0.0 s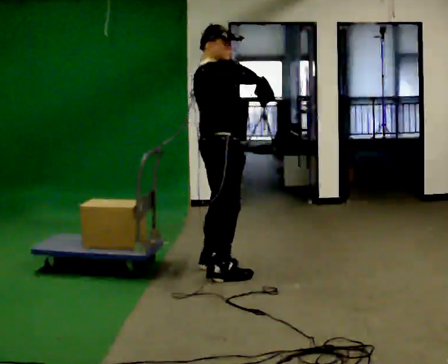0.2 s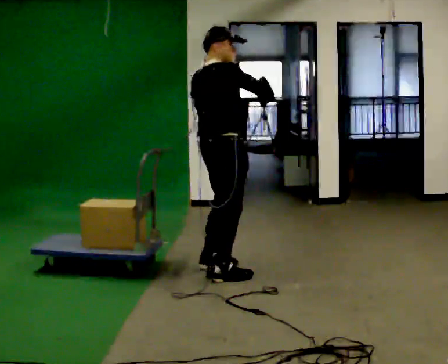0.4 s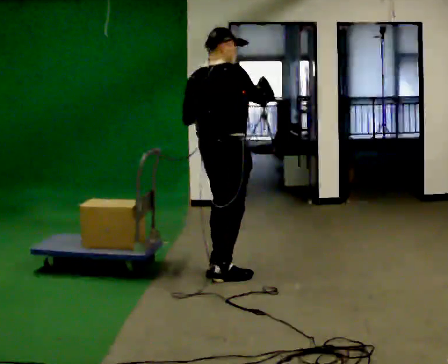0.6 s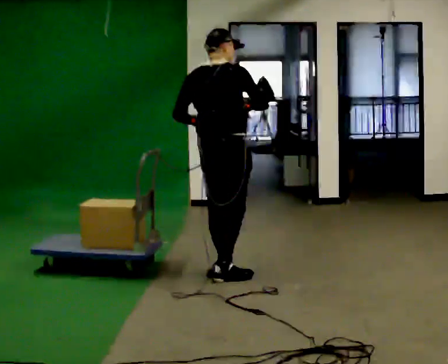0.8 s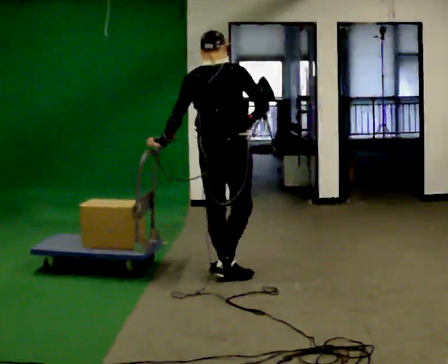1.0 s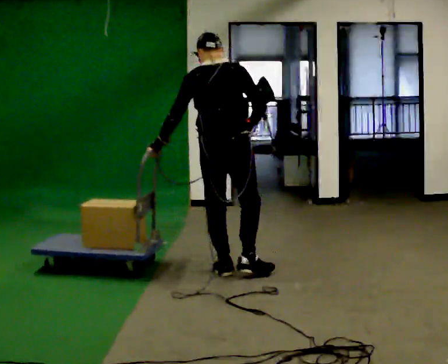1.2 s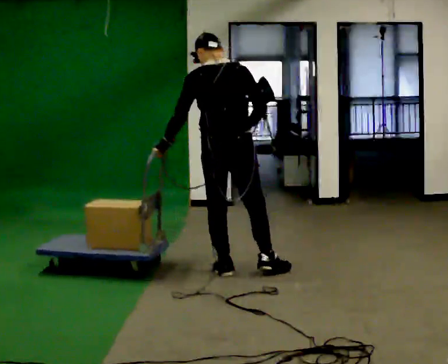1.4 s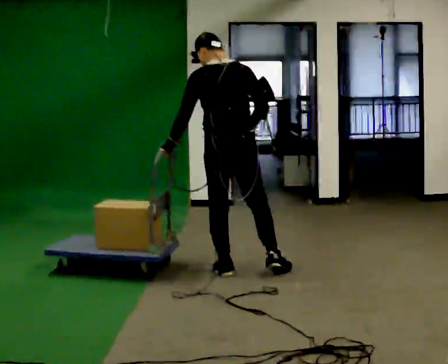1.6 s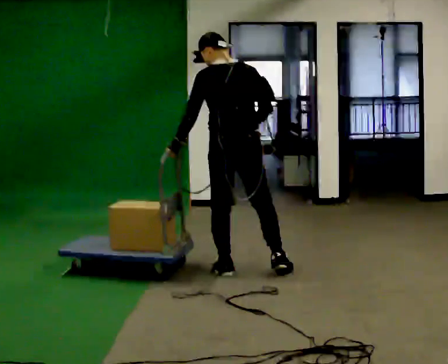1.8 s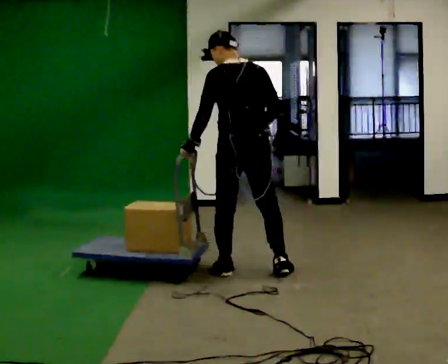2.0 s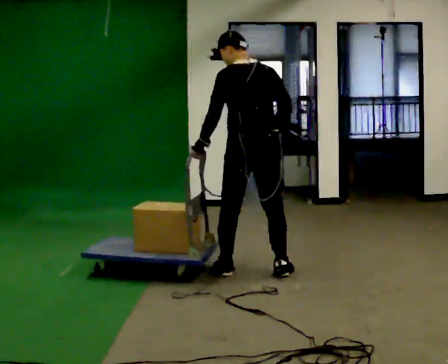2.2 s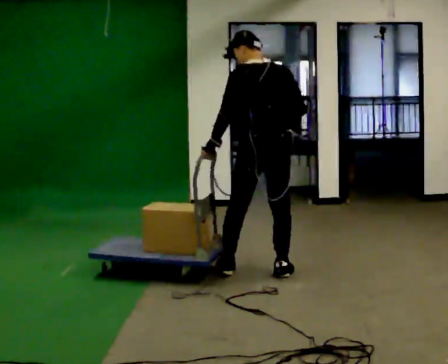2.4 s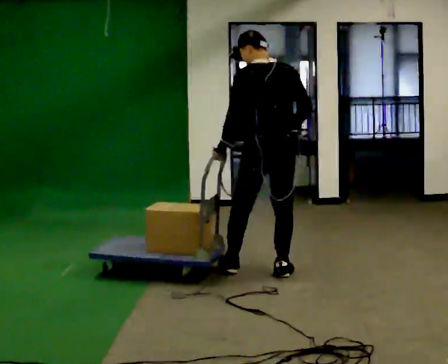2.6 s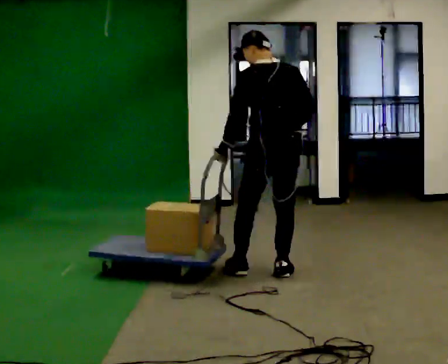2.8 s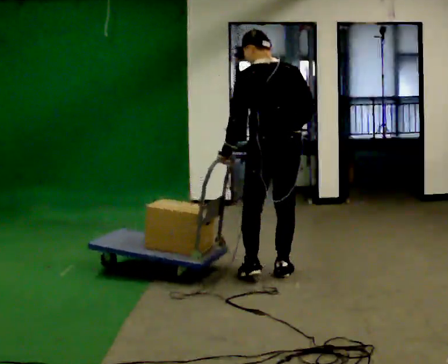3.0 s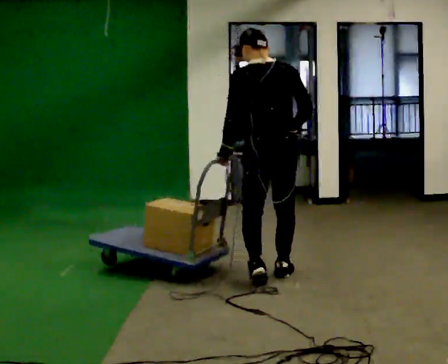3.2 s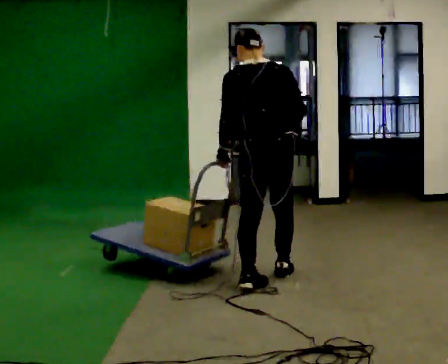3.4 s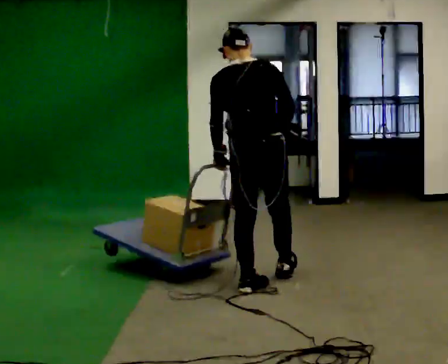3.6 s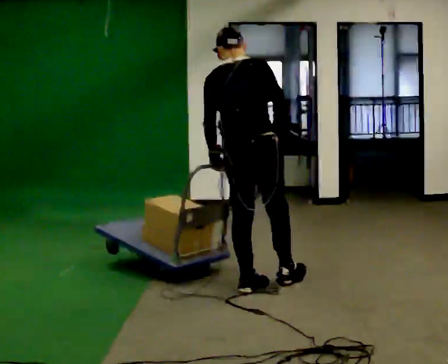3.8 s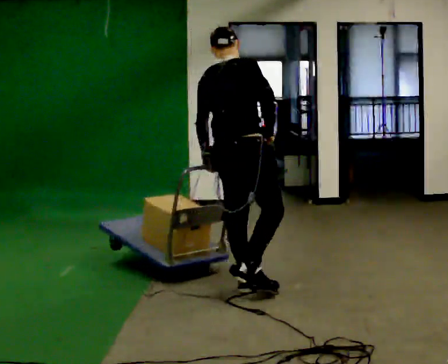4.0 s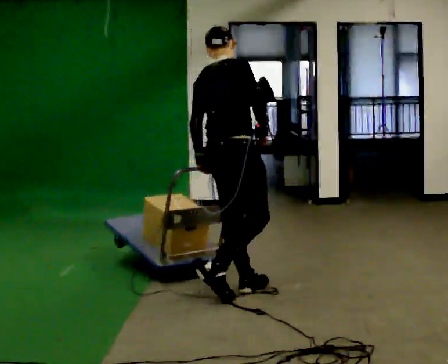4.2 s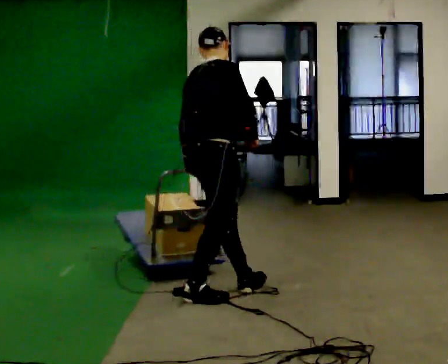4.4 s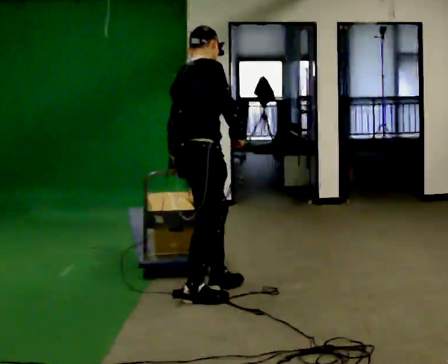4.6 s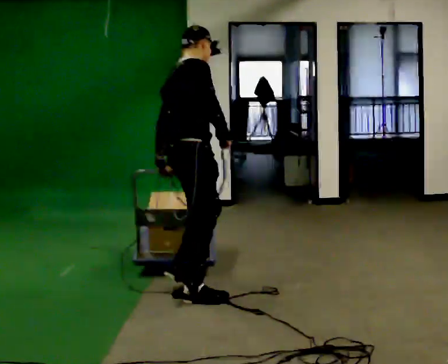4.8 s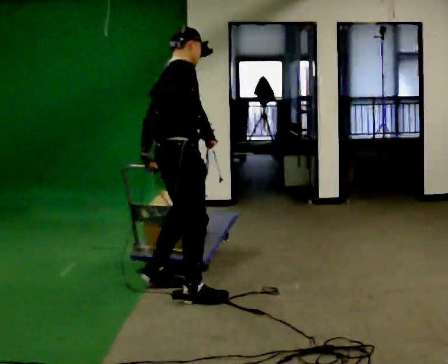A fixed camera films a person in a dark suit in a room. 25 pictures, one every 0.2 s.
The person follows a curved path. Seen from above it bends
clockwise.
Their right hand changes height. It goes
downward.
0.0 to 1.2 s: The part of the body nearest the lens slides to the right as the person turns to their left by about 75 degrees. In the picture their left hand goes downward and to the left.
1.2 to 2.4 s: In the picture they go to the right, about 0.25 m in 1 step, which for them is to their right.
2.4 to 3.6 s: The part of the body nearest the lens slides to the left as the person turns to their right by about 30 degrees. In the picture they go toward the camera, about 0.25 m in 1 step, which for them is backward and to their left.
3.6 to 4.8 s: Seen from above the body turns clockwise, about 45 degrees: to their right, with its near side sliding to the left. In the picture they go to the left and toward the camera, about 0.5 m in 1 step, which for them is backward.
The film runs backward here.
